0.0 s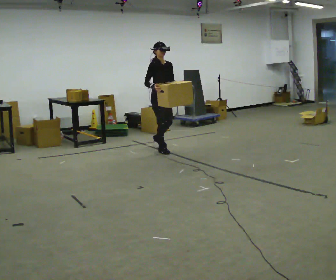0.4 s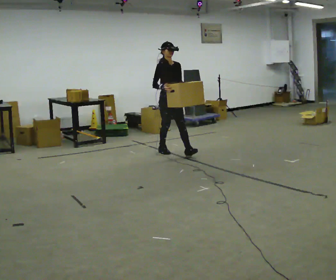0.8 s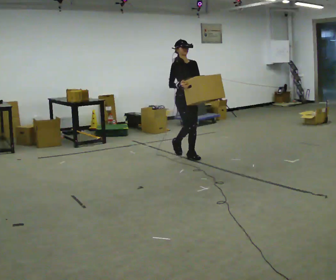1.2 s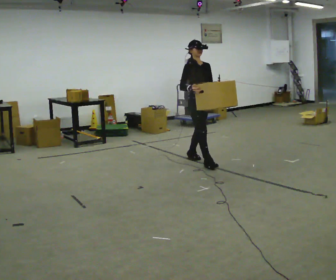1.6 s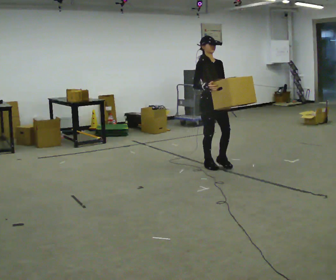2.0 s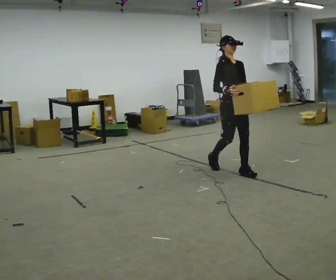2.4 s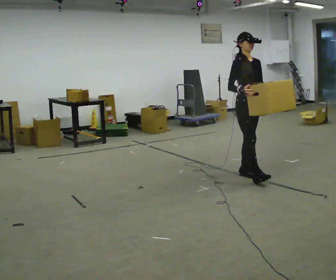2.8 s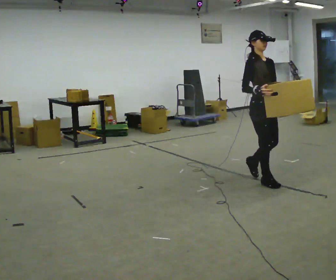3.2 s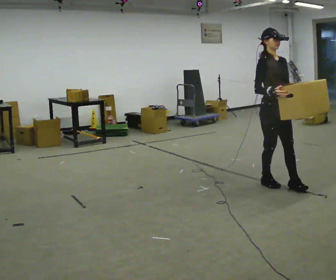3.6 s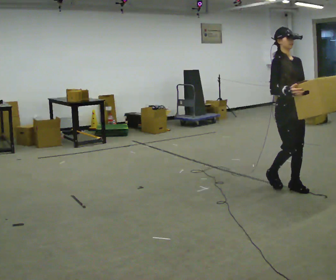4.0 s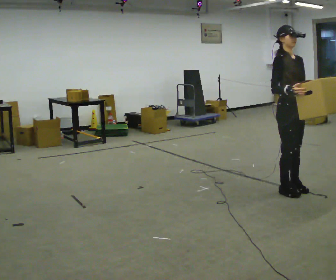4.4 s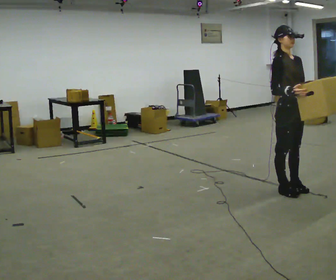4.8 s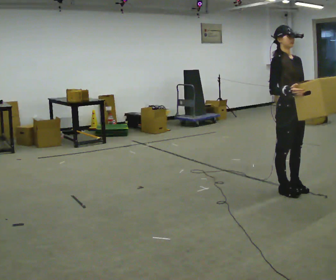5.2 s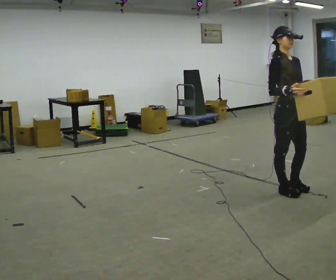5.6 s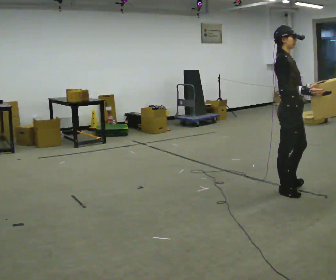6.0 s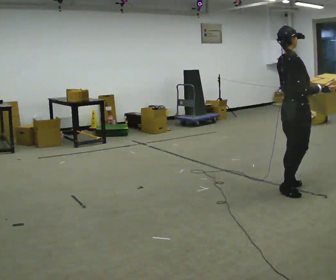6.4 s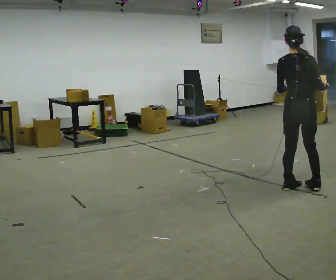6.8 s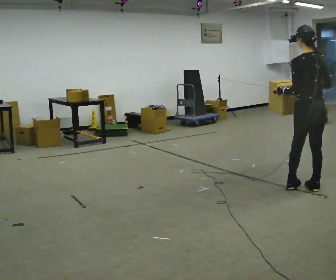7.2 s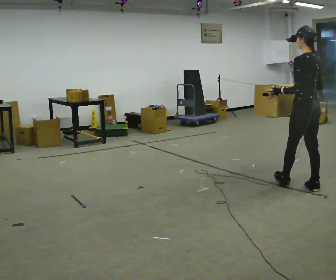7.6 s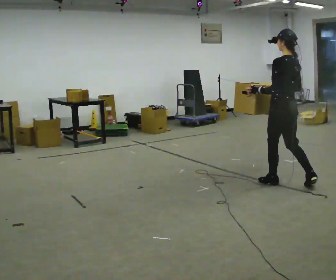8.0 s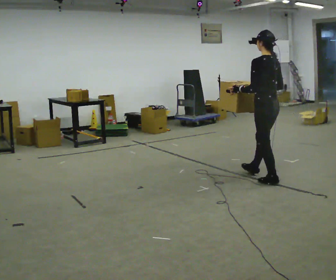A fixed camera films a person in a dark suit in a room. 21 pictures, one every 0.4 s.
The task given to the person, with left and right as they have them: Carry the heaviest box in both hands in front of you, walking back and forth across the room. Only carry what is comfortable. Set it down whenever you need to.
0.0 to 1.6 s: In the picture they go toward the camera and to the right, about 1 m in 2 steps, which for them is forward.
1.6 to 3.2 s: In the picture they go toward the camera and to the right, about 1 m in 2 steps, which for them is forward.
3.2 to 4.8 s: In the picture they go toward the camera, about 0.25 m in 2 steps, which for them is forward.
4.8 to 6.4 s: The part of the body nearest the lens slides to the right as the person turns to their left by about 120 degrees. In the picture they go to the right, about 0.25 m in 1 step. In the picture their right hand goes to the right.
6.4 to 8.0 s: The person turns about 60 degrees to their left, counterclockwise seen from above, so the part of the body nearest the lens slides to the right. In the picture they go away from the camera and to the left, about 0.5 m in 1 step.
The film runs forward here.
